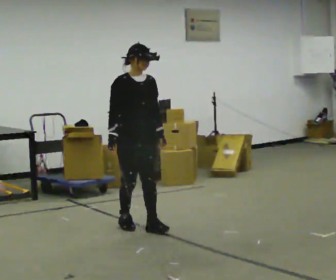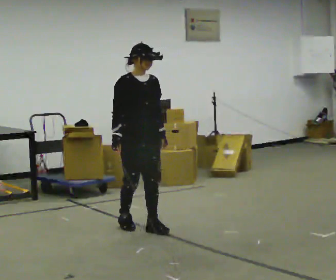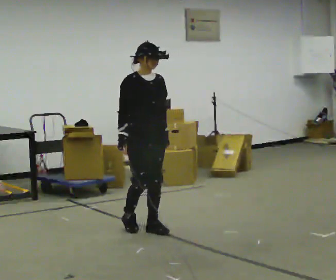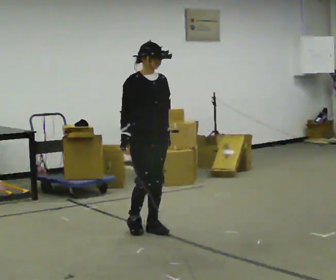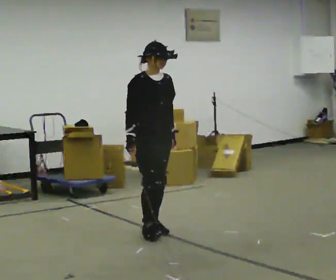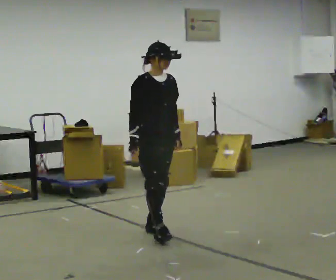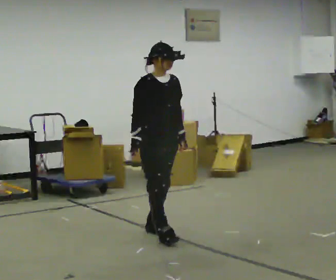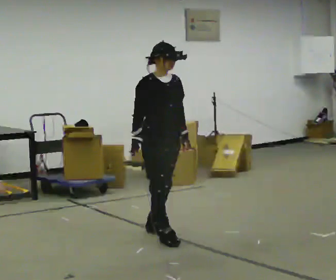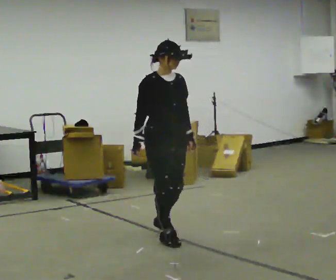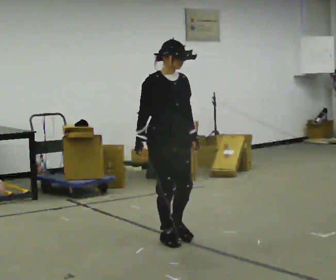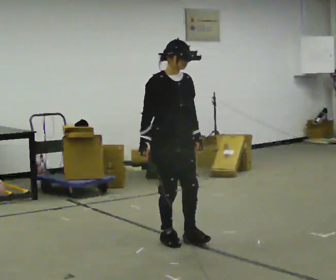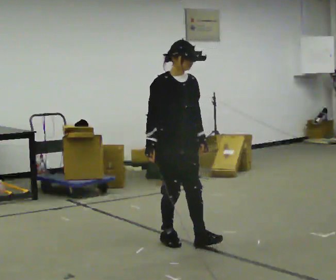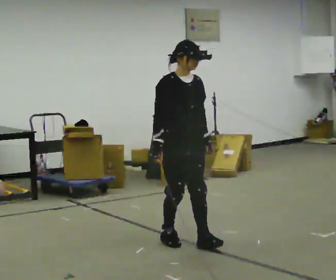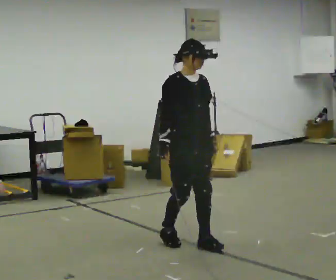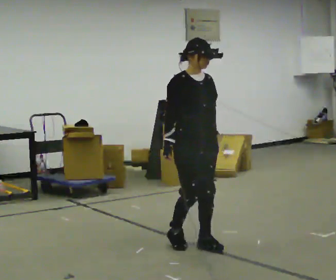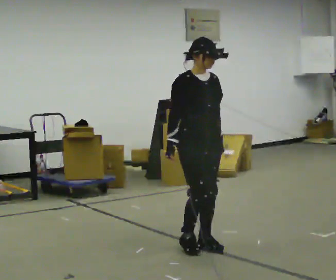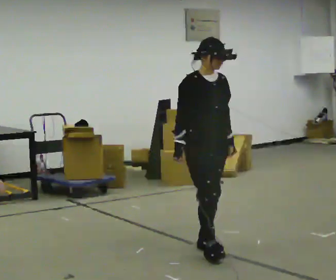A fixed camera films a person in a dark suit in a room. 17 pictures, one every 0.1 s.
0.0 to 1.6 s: In the picture they go toward the camera and to the right, about 1 m in 3 steps, which for them is forward.
The film runs backward here.
